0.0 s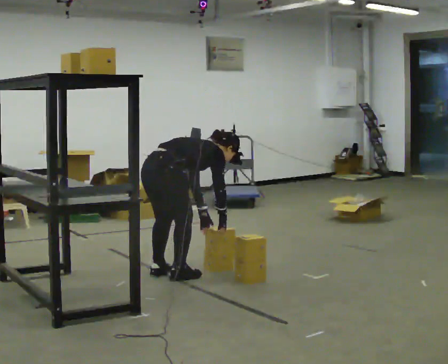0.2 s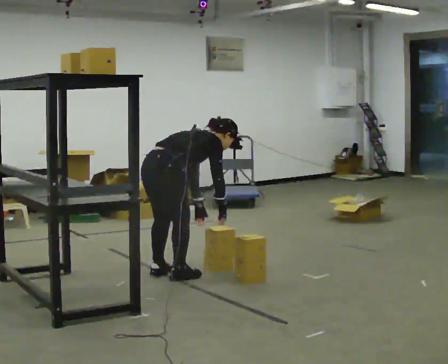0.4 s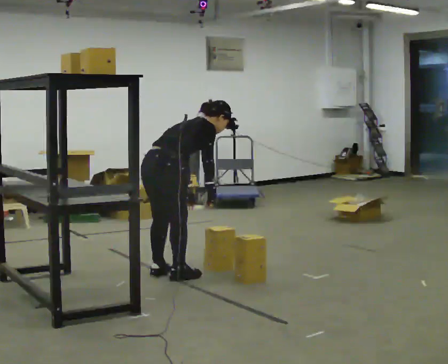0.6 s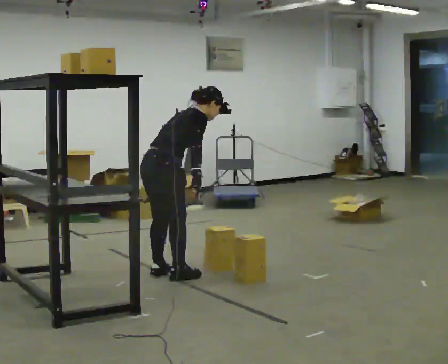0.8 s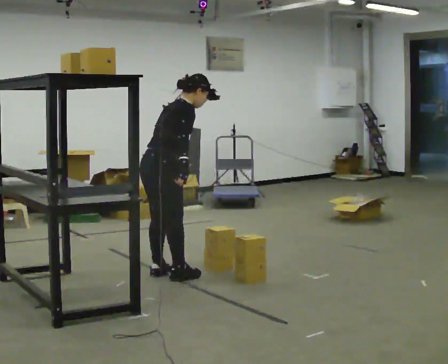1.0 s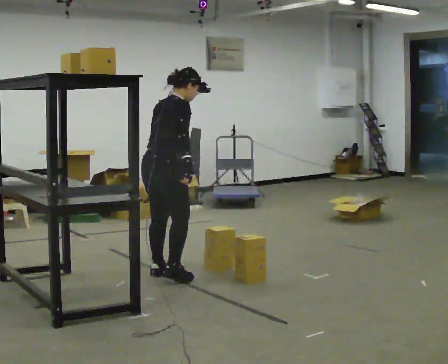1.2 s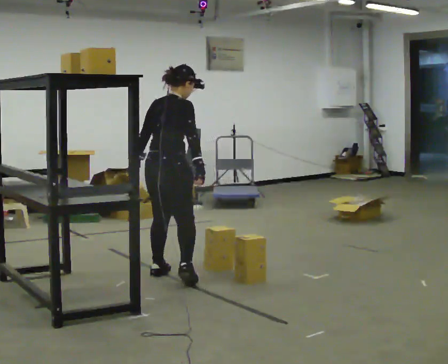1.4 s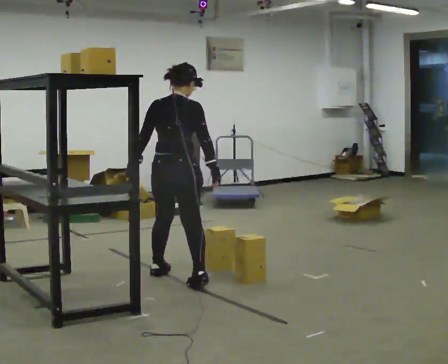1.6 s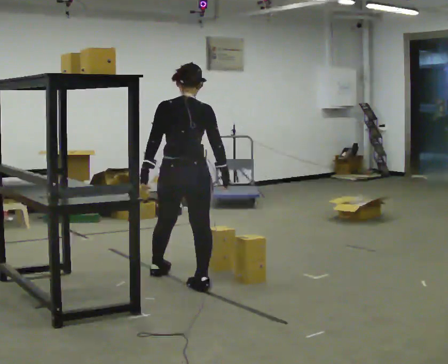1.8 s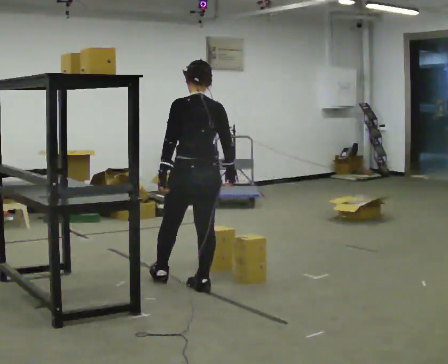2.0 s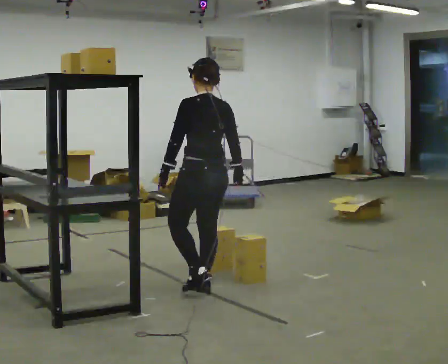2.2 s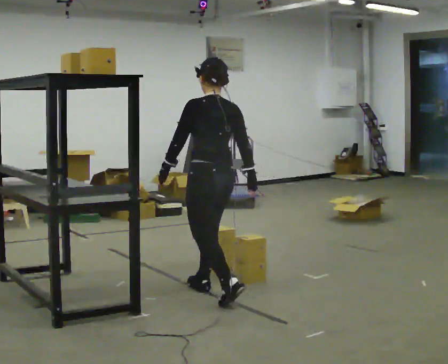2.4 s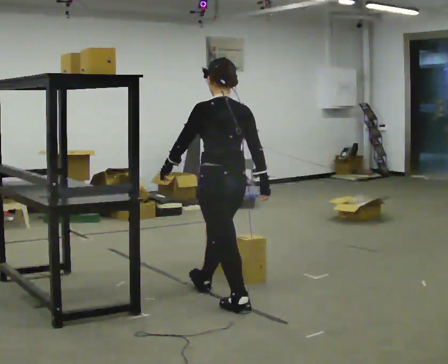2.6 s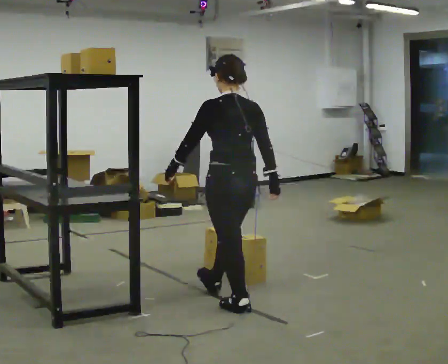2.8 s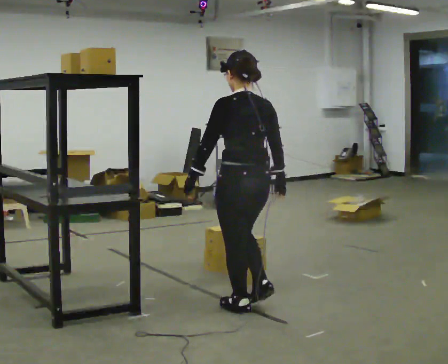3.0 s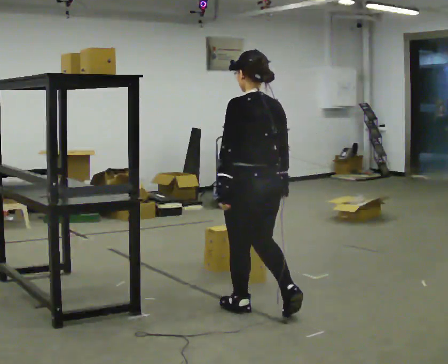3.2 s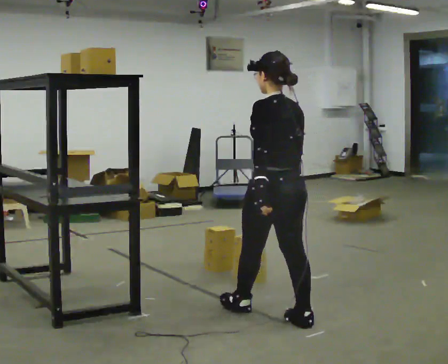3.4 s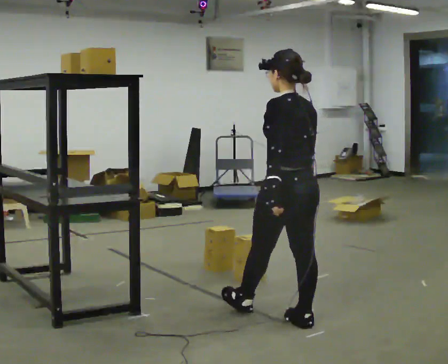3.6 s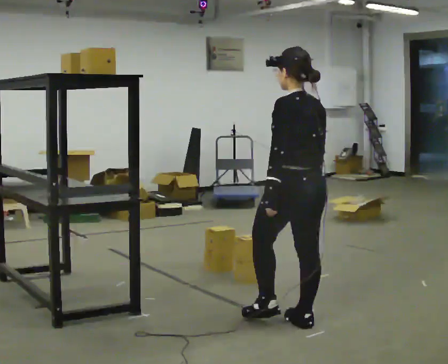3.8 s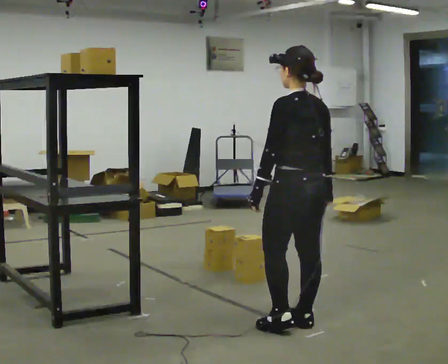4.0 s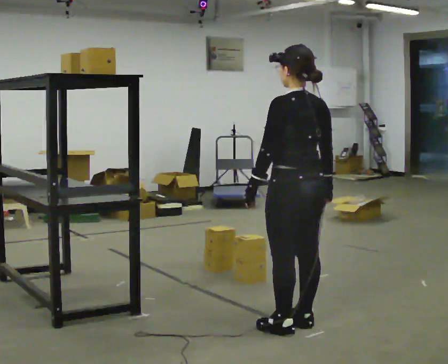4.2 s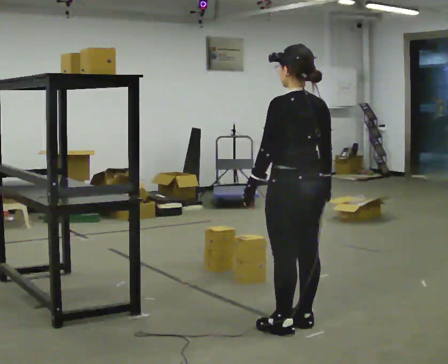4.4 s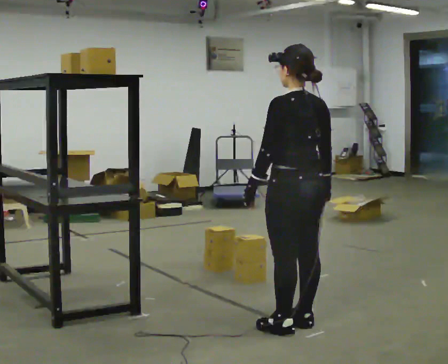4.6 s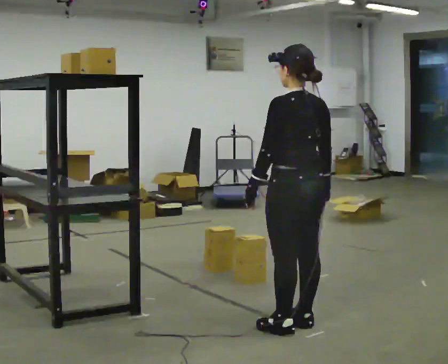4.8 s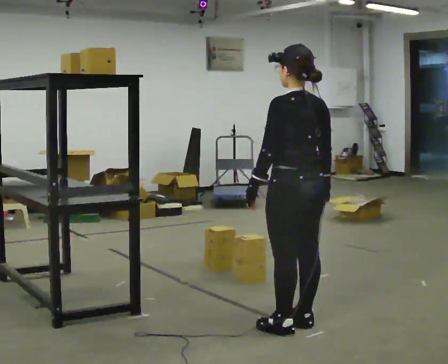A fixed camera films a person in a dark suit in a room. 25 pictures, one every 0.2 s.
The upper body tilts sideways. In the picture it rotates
counterclockwise.
The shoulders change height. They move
upward.
0.0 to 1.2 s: The upper body goes upward. In the picture the upper body tilts counterclockwise, shoulders to the left, as they lean back or straighten. In the picture their left hand goes to the left and upward.
1.2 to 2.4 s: The person turns about 75 degrees to their left, counterclockwise seen from above, so the part of the body nearest the lens slides to the right. In the picture they go toward the camera and to the right, about 0.5 m in 1 step.
2.4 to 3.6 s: In the picture they go toward the camera and to the right, about 0.75 m in 2 steps, which for them is backward.
3.6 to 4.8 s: The person moves a little, or ends about where they began.
The film runs backward here.
